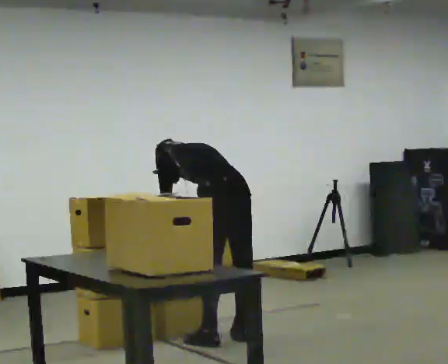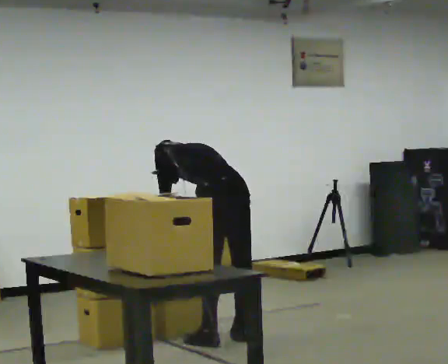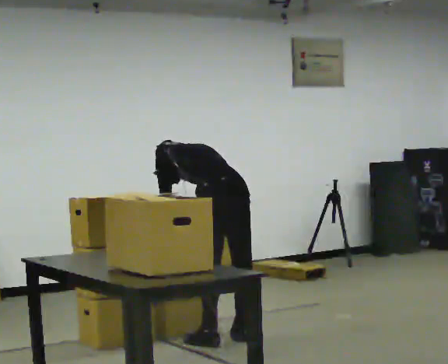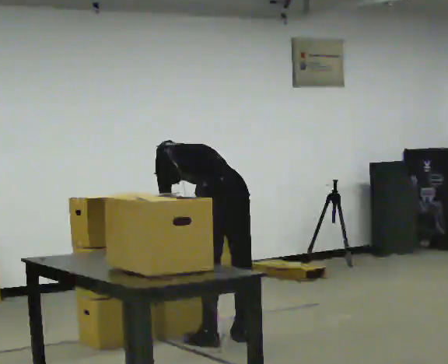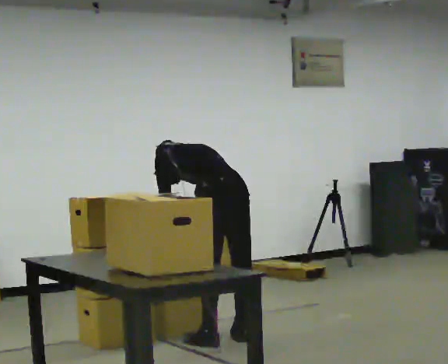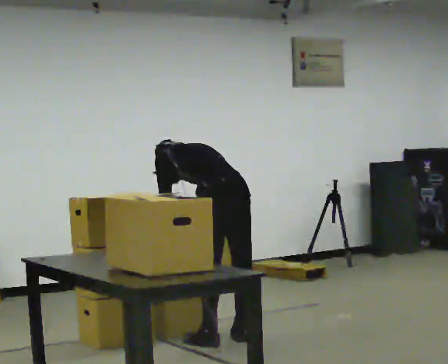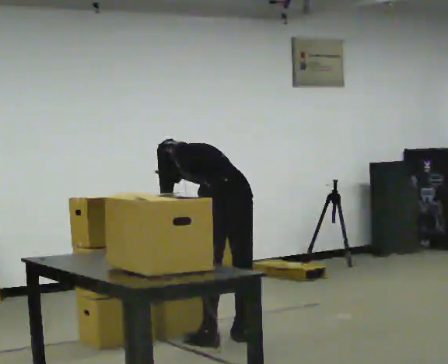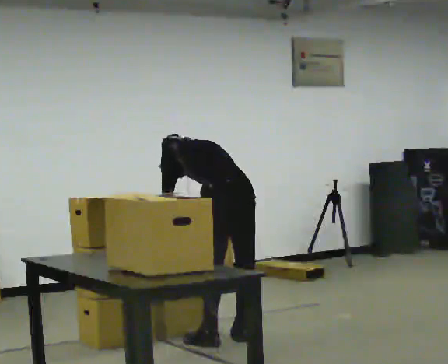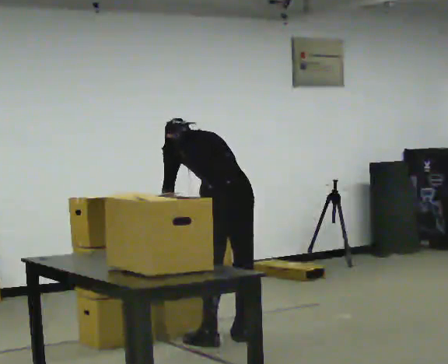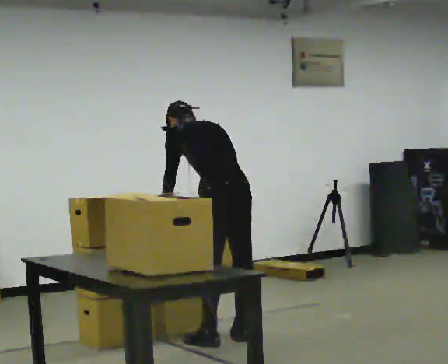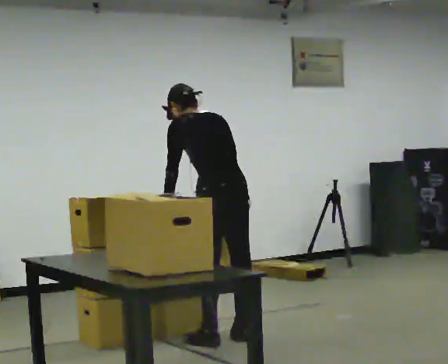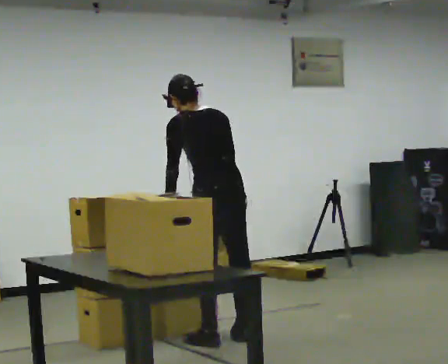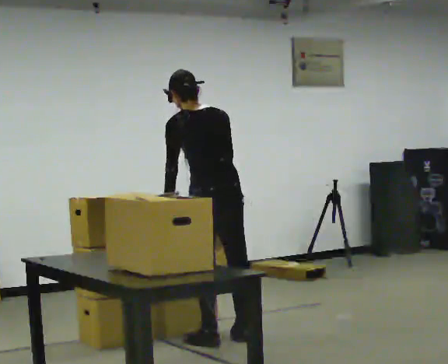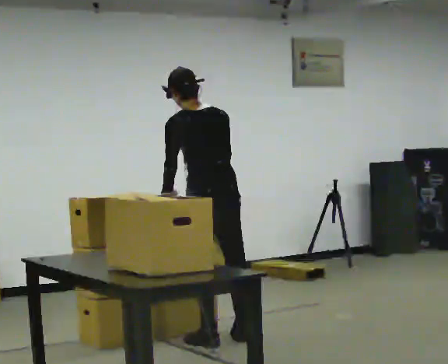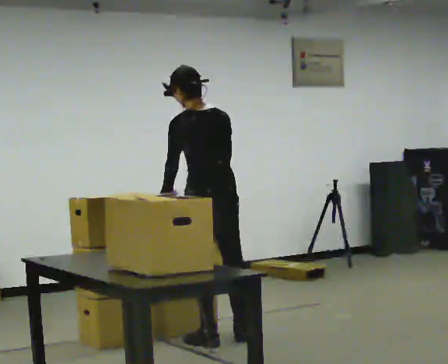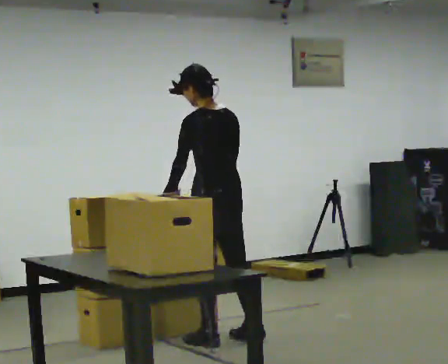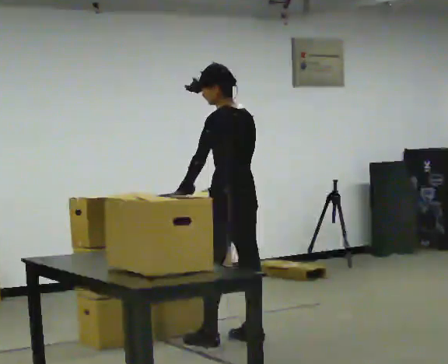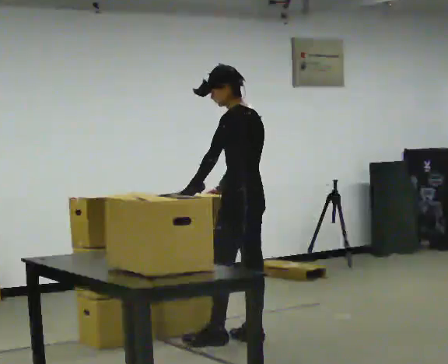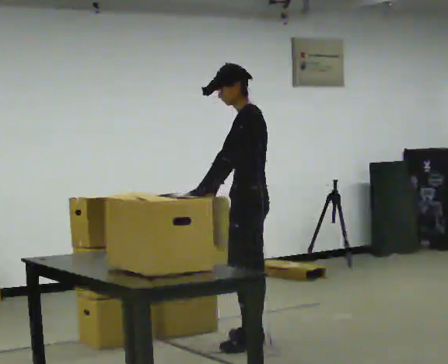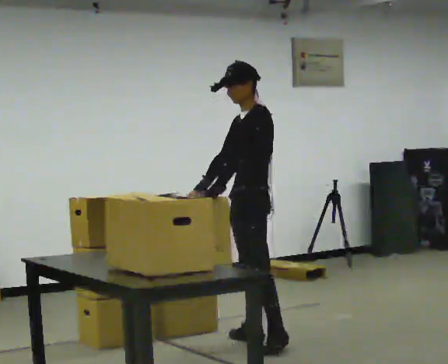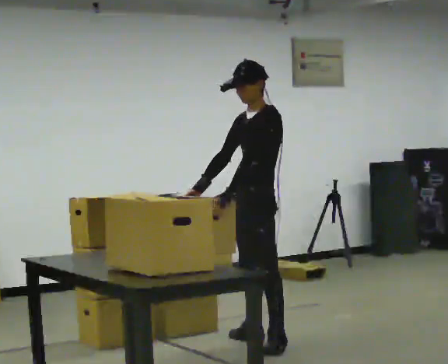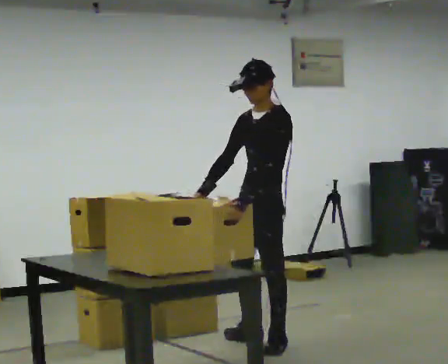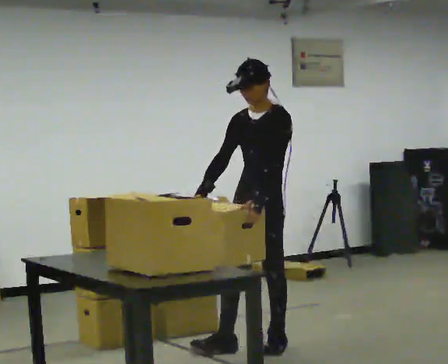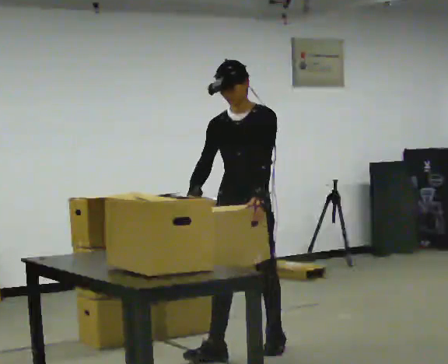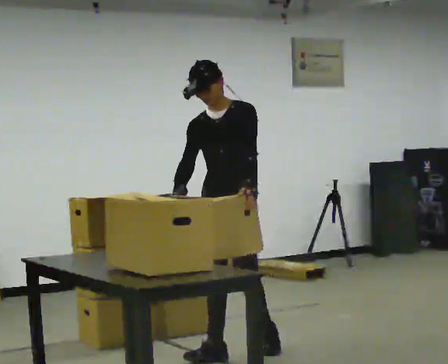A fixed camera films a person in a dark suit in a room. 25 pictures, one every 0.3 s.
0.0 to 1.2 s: The person keeps their place and pose.
1.2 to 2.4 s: The person moves a little, or ends about where they began.
2.4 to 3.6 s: The upper body tips toward the camera, its near side rolling downward, as they lean back or straighten.
3.6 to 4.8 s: The part of the body nearest the lens slides to the right as the person turns to their left by about 30 degrees. In the picture they go to the right, about 0.25 m, which for them is to their right.
4.8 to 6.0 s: The part of the body nearest the lens slides to the right as the person turns to their left by about 60 degrees. In the picture they go to the right, about 0.25 m in 1 step, which for them is backward.
6.0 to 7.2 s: The person turns about 45 degrees to their left, counterclockwise seen from above, so the part of the body nearest the lens slides to the right. In the picture they go toward the camera and to the left, about 0.25 m in 1 step, which for them is forward.
The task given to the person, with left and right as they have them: Bring the boxes over one at a time and stack them on top of each other, walking back for each one. Keep going until the operator says stop; one object at a time, and do not rush between trips.
The film runs forward here.
